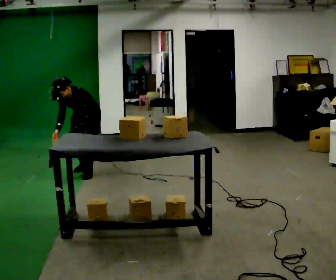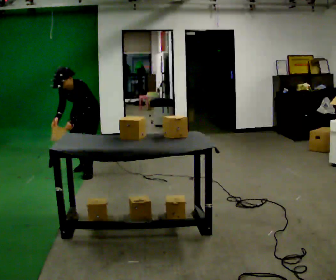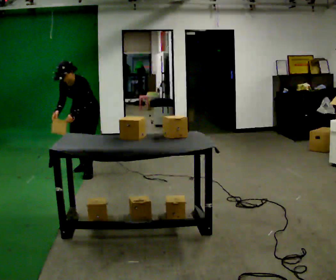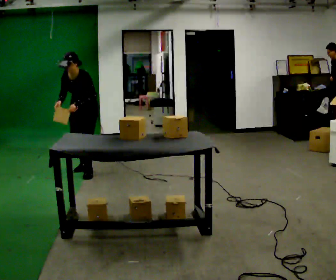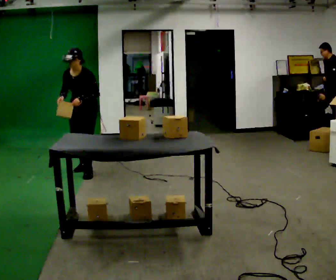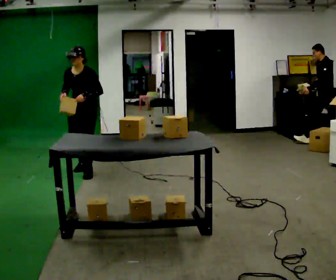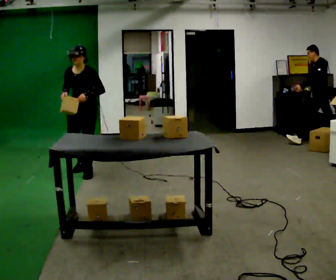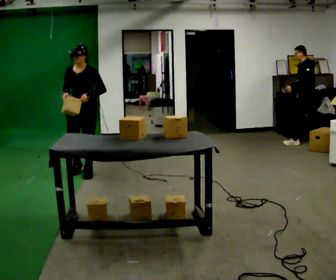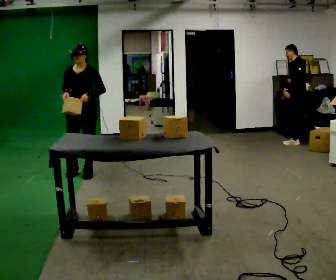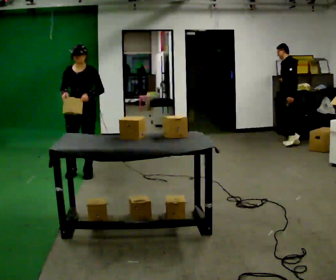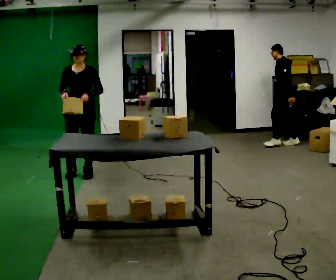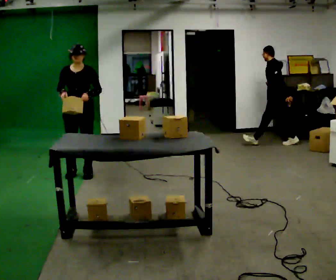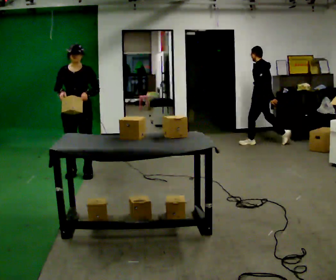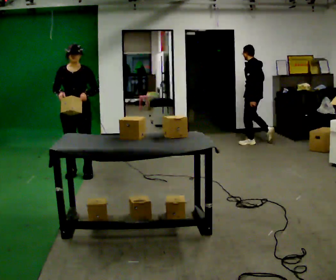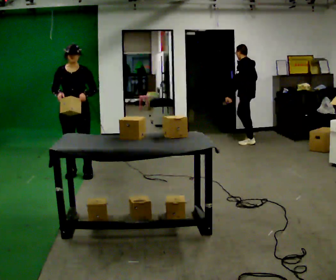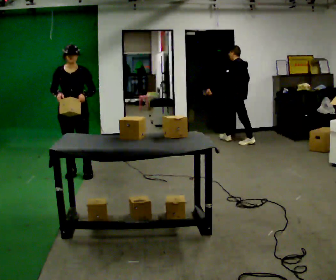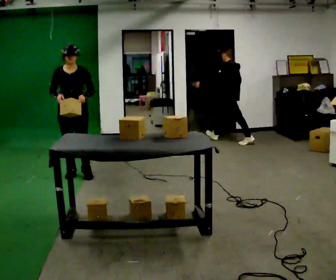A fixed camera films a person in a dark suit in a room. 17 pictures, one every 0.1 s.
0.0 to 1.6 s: Seen from above the body turns counterclockwise, about 30 degrees: to their left, with its near side sliding to the right. In the picture they go toward the camera and to the left, about 0.25 m in 1 step, which for them is forward. The upper body goes upward. In the picture the upper body tilts clockwise, shoulders to the right, as they lean back or straighten. In the picture their right hand goes upward.
The film runs forward here.
